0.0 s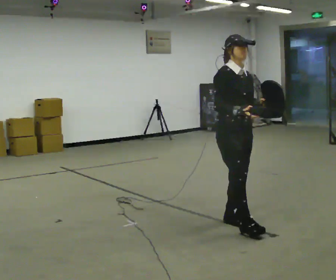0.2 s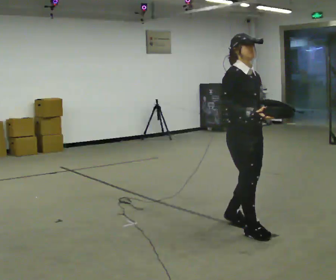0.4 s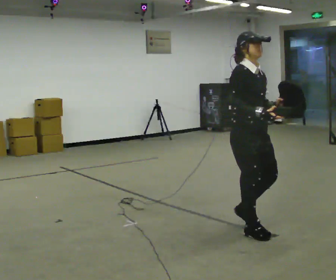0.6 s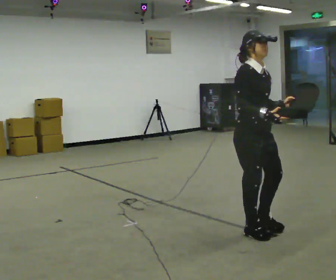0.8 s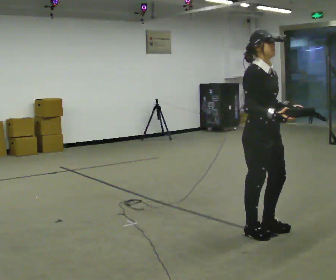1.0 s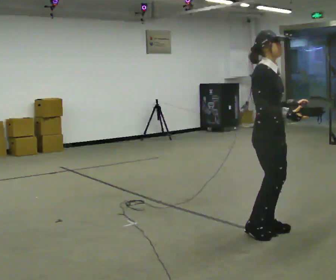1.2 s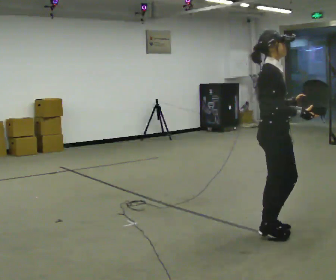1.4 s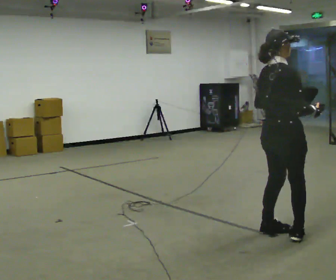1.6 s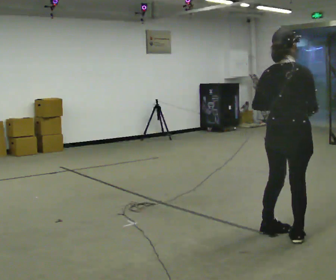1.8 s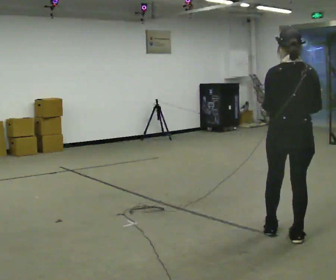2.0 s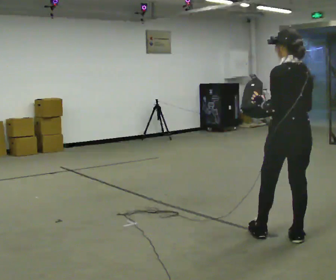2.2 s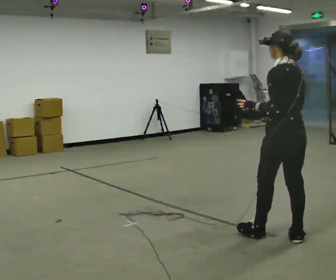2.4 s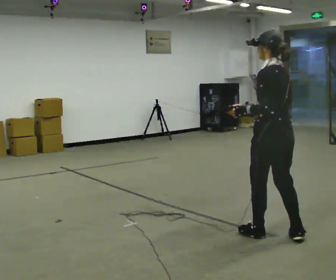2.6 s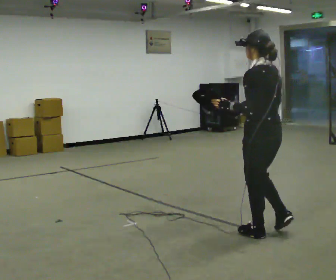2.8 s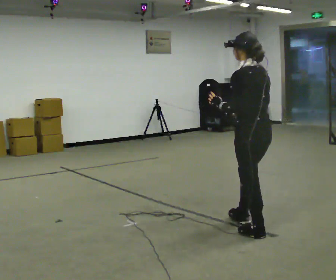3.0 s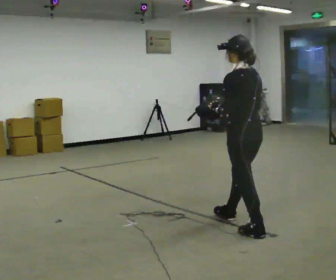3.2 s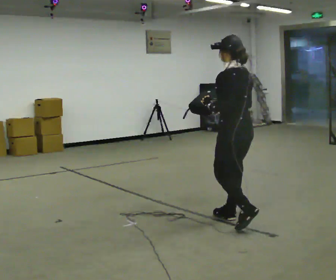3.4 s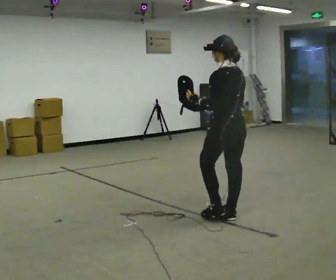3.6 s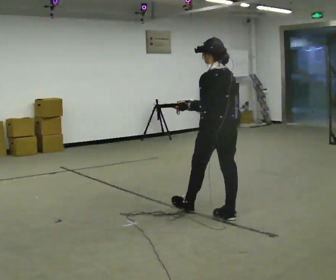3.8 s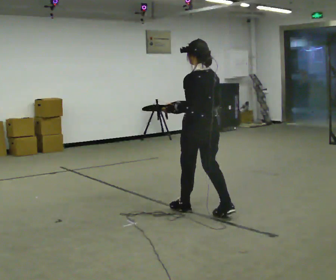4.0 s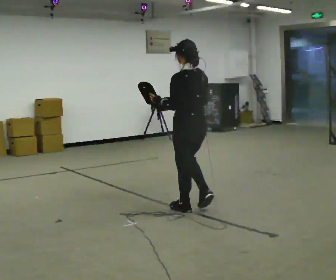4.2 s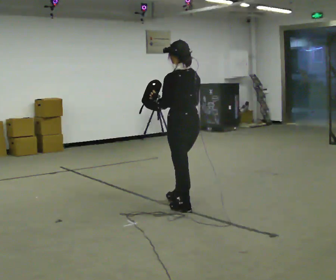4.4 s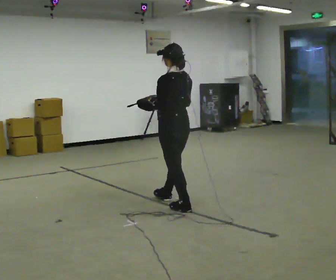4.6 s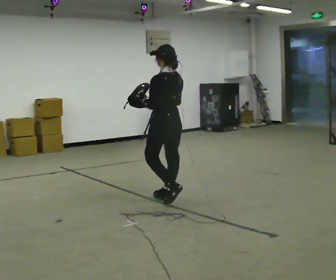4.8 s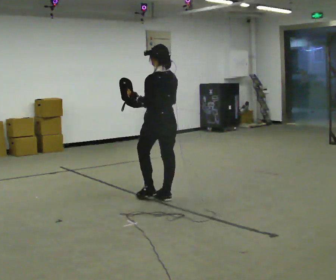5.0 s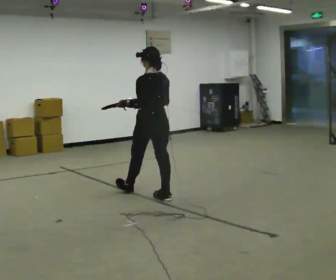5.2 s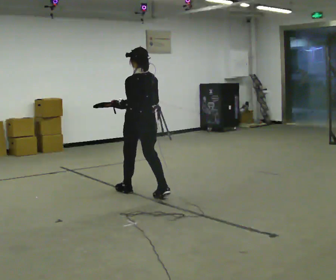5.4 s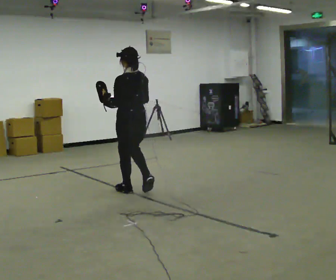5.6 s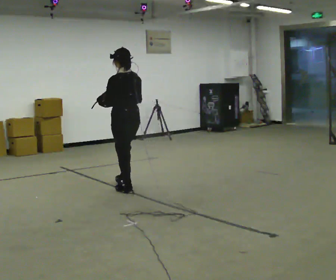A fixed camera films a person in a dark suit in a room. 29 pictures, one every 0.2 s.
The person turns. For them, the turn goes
to their left.
The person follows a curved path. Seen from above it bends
clockwise.
0.0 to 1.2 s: The person turns about 45 degrees to their left, counterclockwise seen from above, so the part of the body nearest the lens slides to the right. In the picture they go to the right and toward the camera, about 0.5 m in 2 steps, which for them is forward.
1.2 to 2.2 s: Seen from above the body turns counterclockwise, about 135 degrees: to their left, with its near side sliding to the right.
2.2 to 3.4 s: In the picture they go away from the camera and to the left, about 0.75 m in 1 step, which for them is forward.
3.4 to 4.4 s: In the picture they go to the left and away from the camera, about 0.5 m in 2 steps, which for them is forward.
4.4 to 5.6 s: In the picture they go to the left and away from the camera, about 1 m in 1 step, which for them is forward.
The film runs forward here.
